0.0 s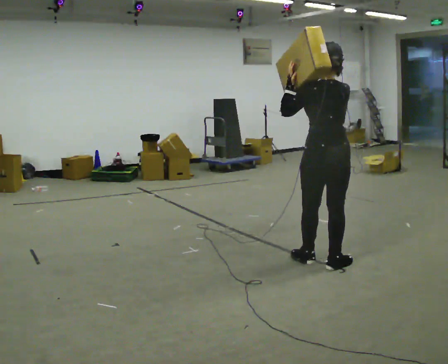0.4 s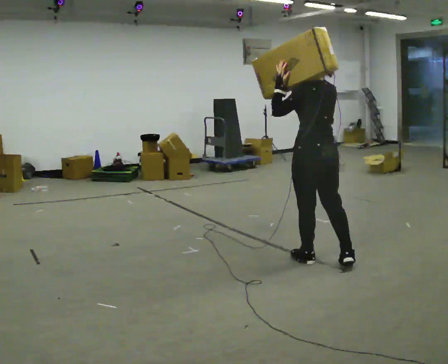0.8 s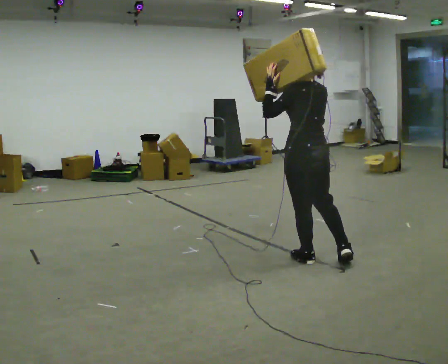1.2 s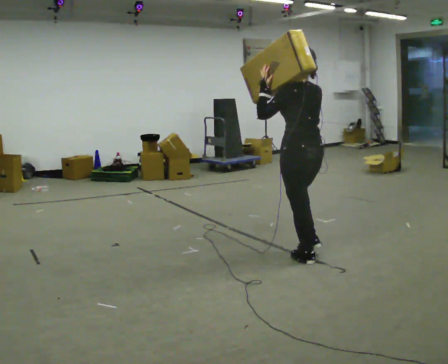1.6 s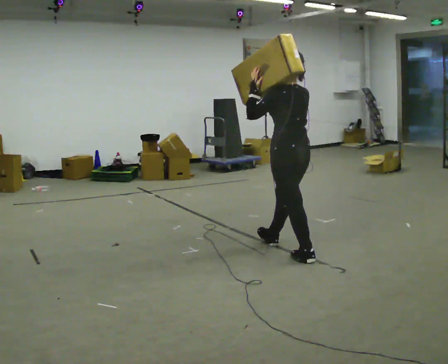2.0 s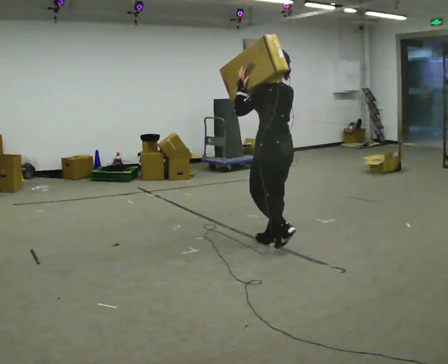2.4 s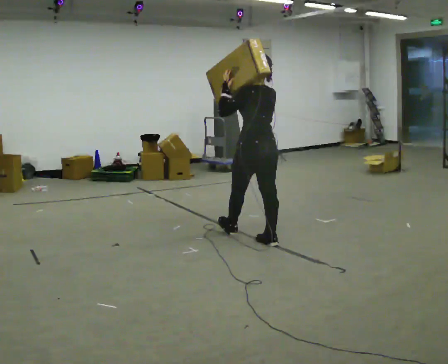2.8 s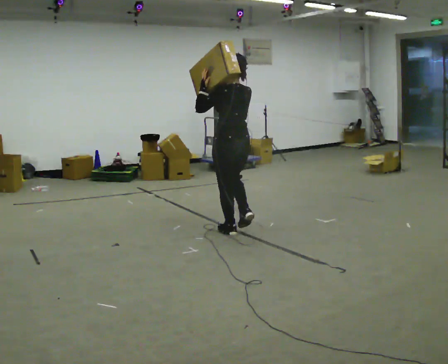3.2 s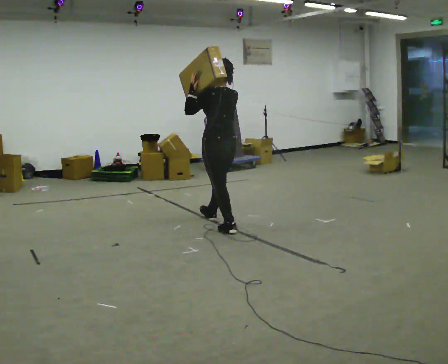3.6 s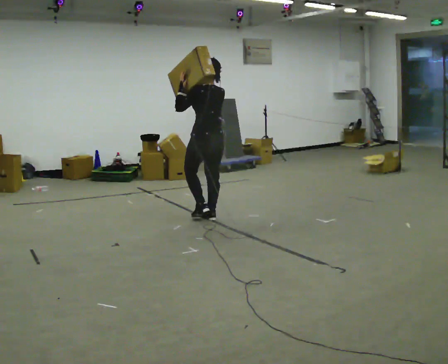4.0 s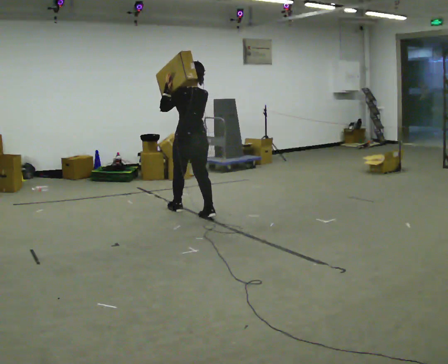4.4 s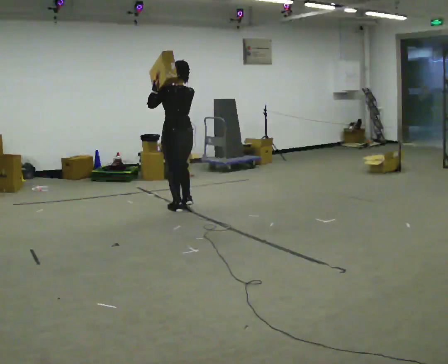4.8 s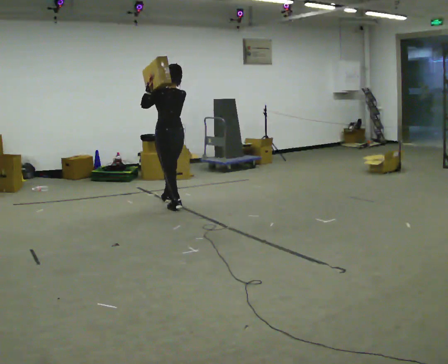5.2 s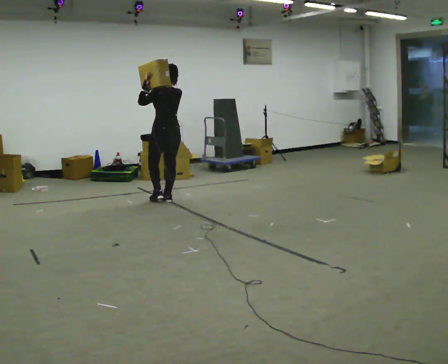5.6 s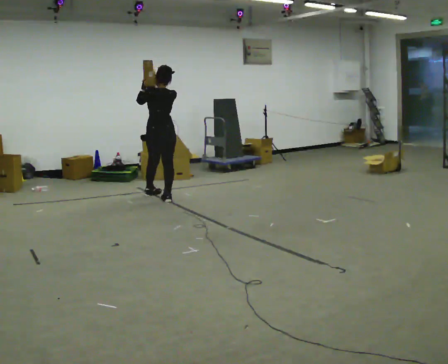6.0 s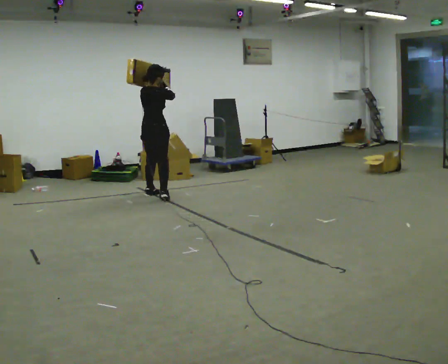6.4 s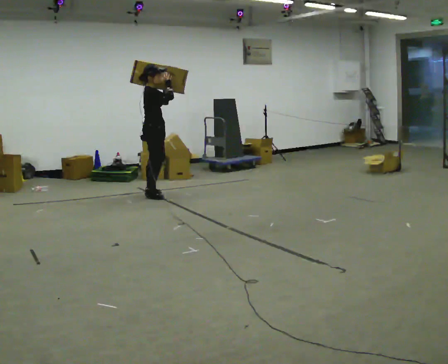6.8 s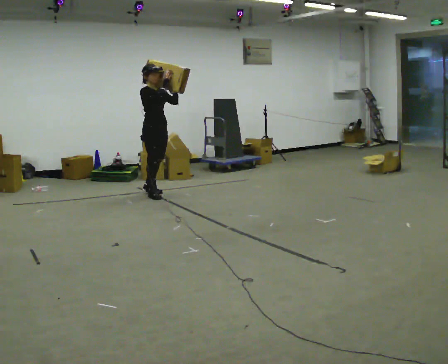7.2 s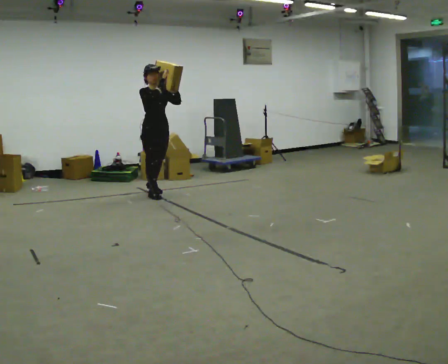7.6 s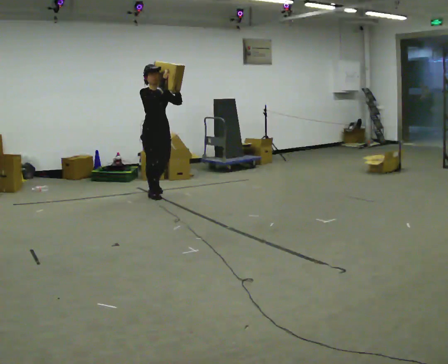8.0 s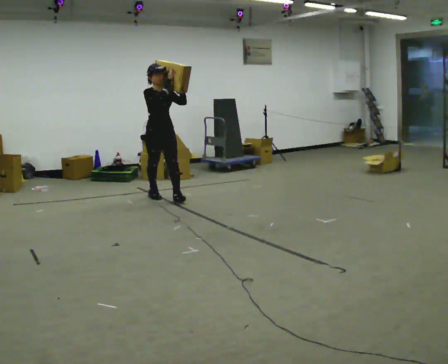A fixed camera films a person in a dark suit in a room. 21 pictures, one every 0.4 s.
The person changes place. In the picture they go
away from the camera.
0.0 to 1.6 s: The person turns about 30 degrees to their left, counterclockwise seen from above, so the part of the body nearest the lens slides to the right. In the picture they go away from the camera and to the left, about 0.5 m in 1 step, which for them is forward.
1.6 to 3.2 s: In the picture they go away from the camera and to the left, about 1 m in 2 steps, which for them is forward.
3.2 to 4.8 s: In the picture they go away from the camera and to the left, about 1 m in 2 steps, which for them is forward.
4.8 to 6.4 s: Seen from above the body turns clockwise, about 120 degrees: to their right, with its near side sliding to the left. In the picture they go away from the camera and to the left, about 0.5 m in 1 step.
6.4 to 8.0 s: The part of the body nearest the lens slides to the left as the person turns to their right by about 60 degrees. In the picture they go toward the camera, about 0.25 m in 2 steps, which for them is forward.
The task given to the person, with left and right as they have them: Rest the long object on the shoulder the operator calls and carry it across the room, back and forth.
The film runs forward here.
